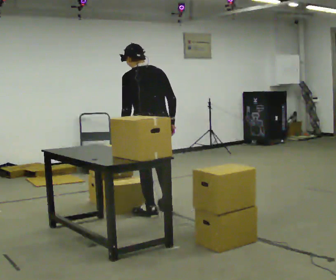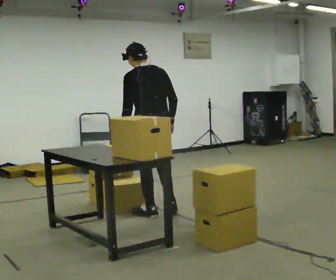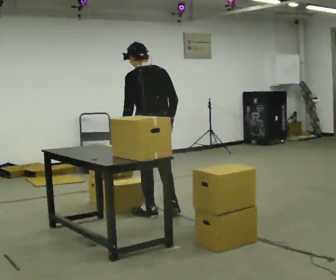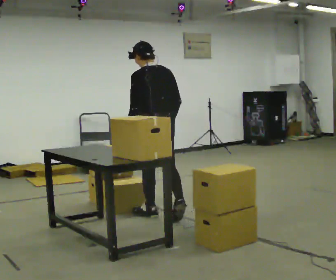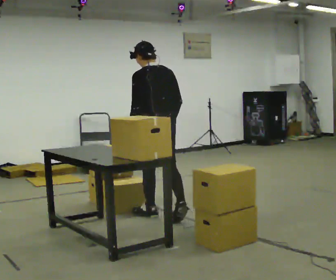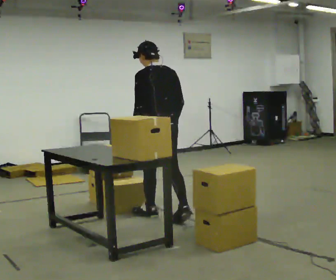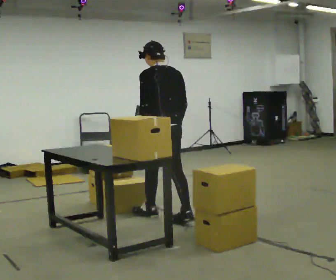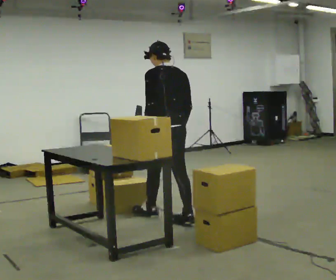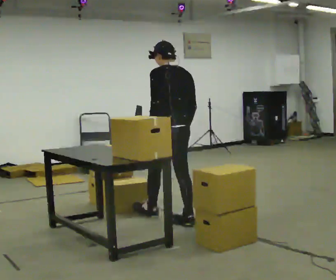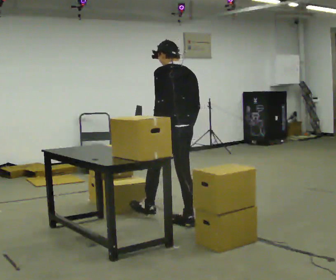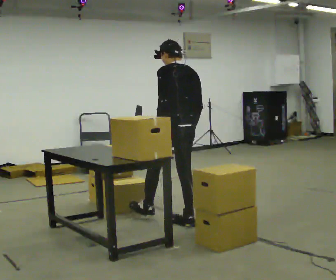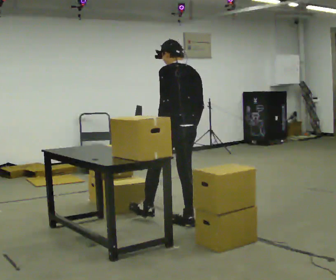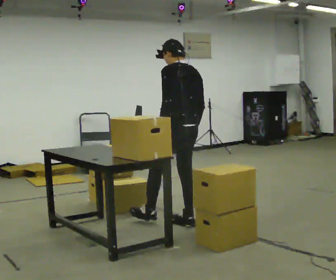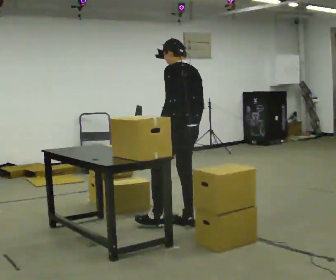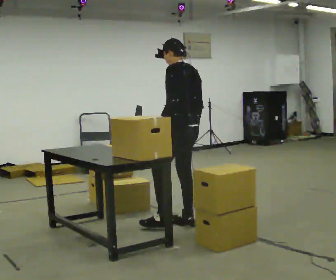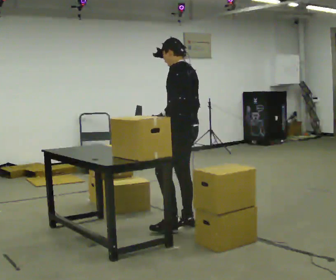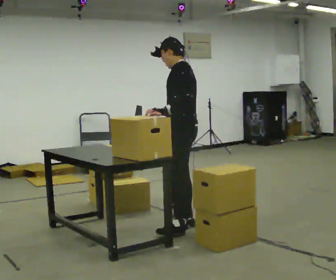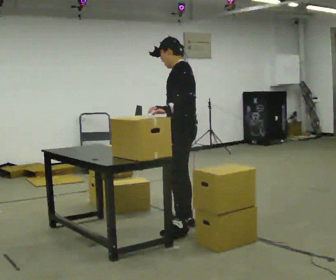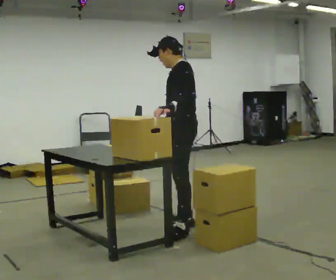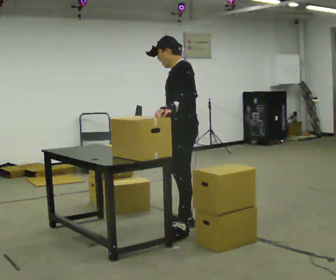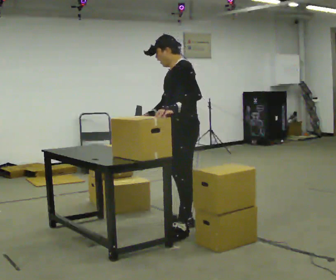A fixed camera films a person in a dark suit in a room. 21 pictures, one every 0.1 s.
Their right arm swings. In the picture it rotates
clockwise.
The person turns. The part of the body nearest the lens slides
to the right.
0.0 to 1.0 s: In the picture they go toward the camera and to the right, about 0.5 m in 1 step, which for them is backward.
1.0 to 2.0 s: The person turns about 60 degrees to their left, counterclockwise seen from above, so the part of the body nearest the lens slides to the right. In the picture they go toward the camera, about 0.25 m. In the picture their right hand goes to the left, the arm swinging clockwise.
The film runs backward here.
